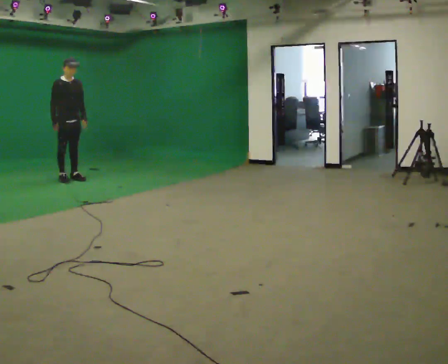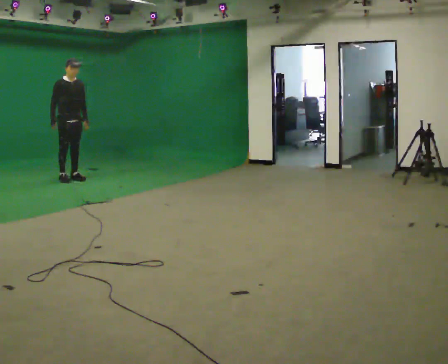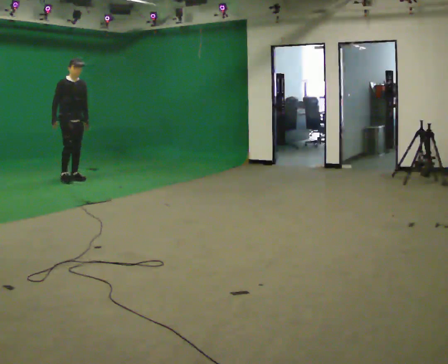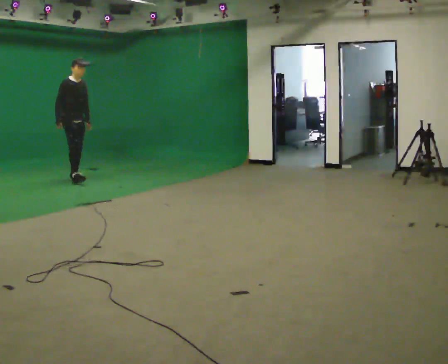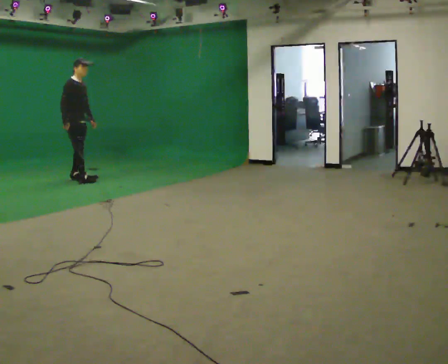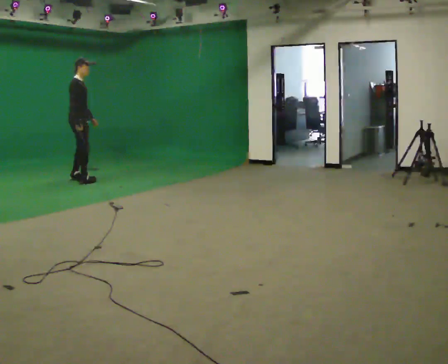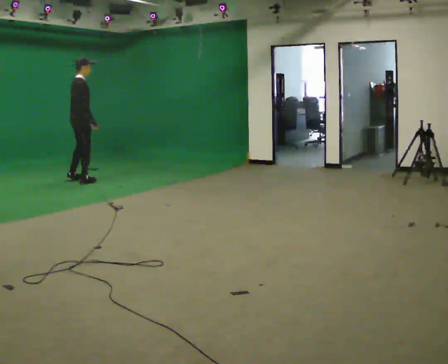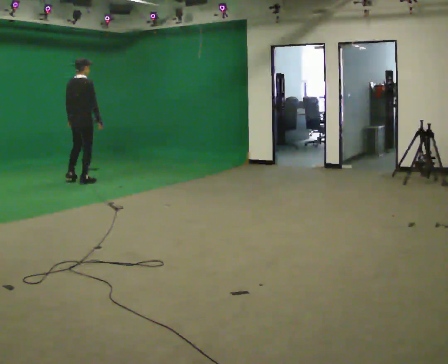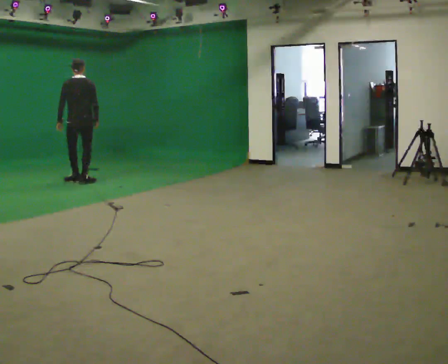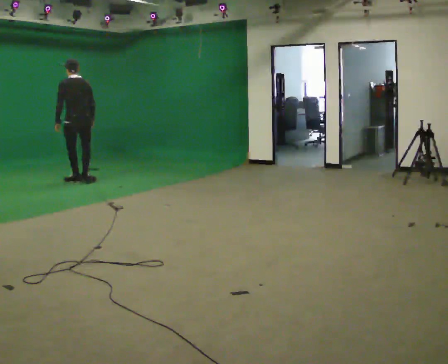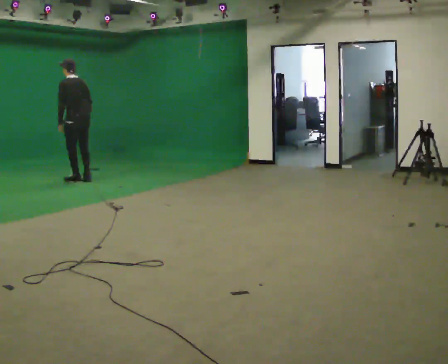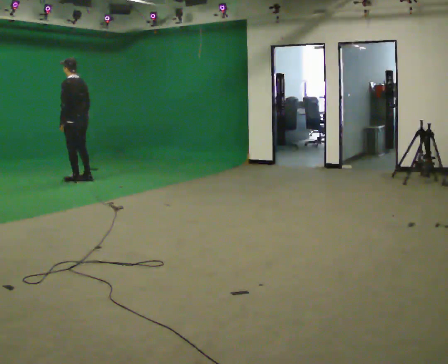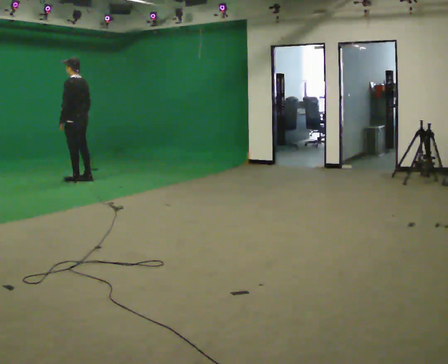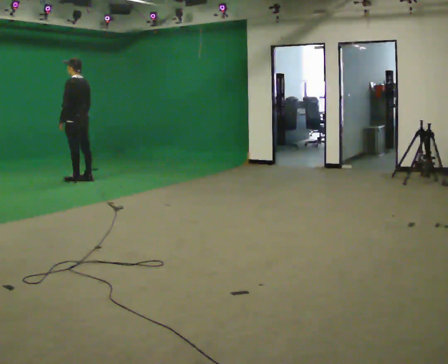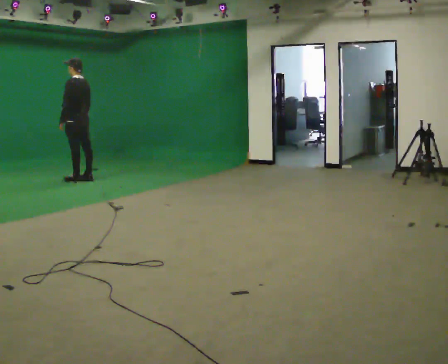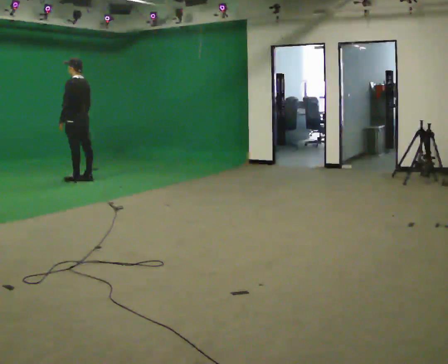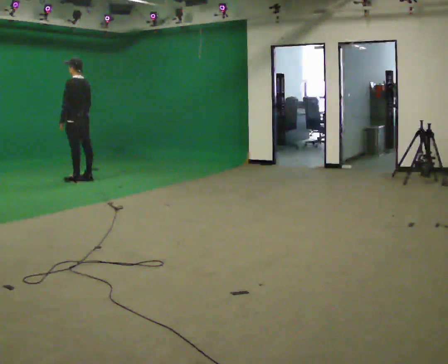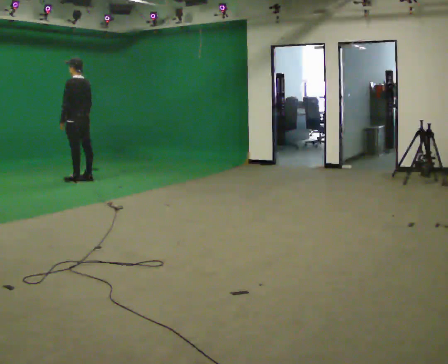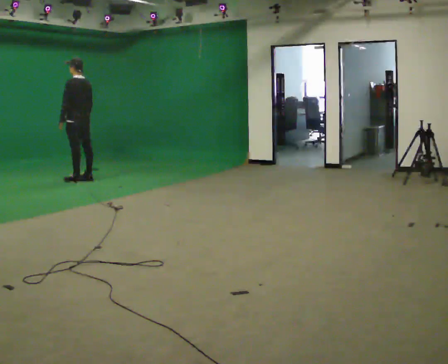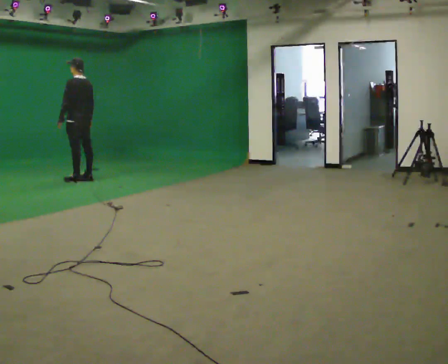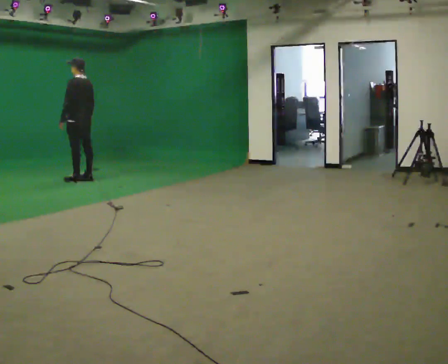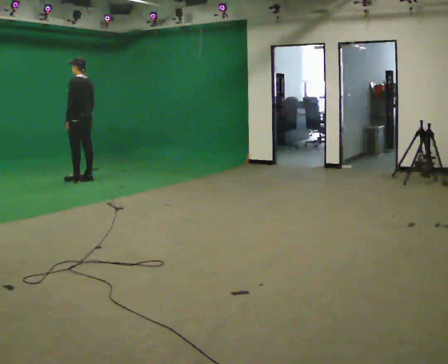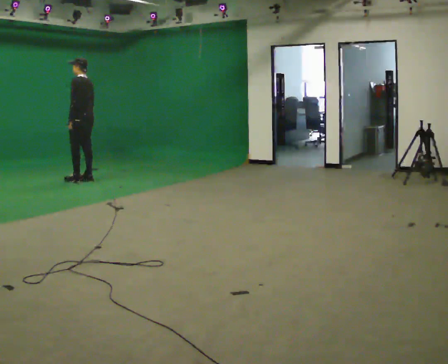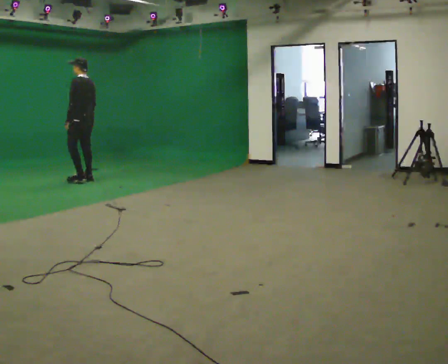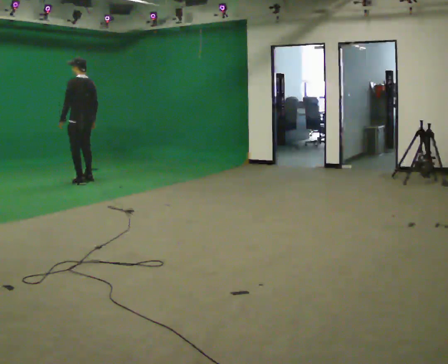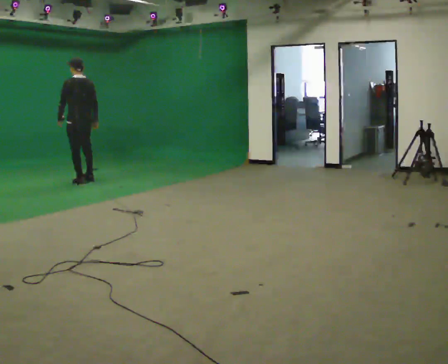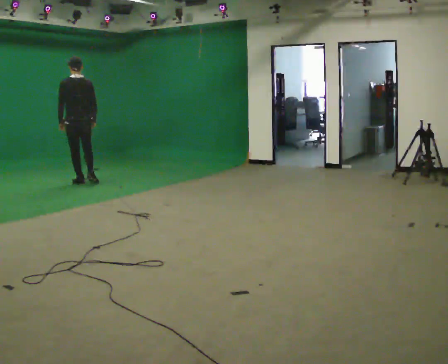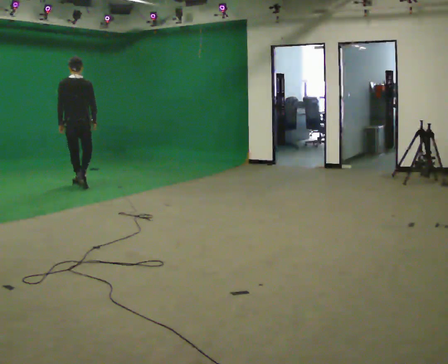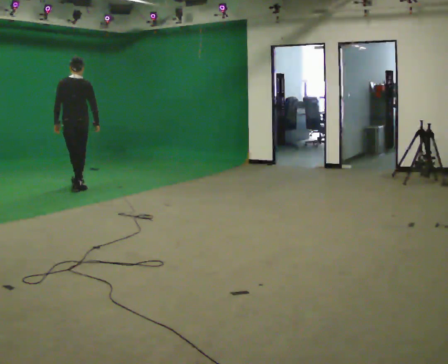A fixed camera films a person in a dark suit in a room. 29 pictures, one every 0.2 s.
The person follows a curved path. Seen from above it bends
clockwise.
0.0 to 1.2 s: Seen from above the body turns counterclockwise, about 60 degrees: to their left, with its near side sliding to the right. In the picture they go toward the camera and to the right, about 0.25 m in 2 steps.
1.2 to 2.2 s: The person turns about 120 degrees to their left, counterclockwise seen from above, so the part of the body nearest the lens slides to the right. In the picture the upper body tilts counterclockwise, shoulders to the left. In the picture their left hand goes to the left.
2.2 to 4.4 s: The person moves a little, or ends about where they began.
4.4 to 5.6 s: Seen from above the body turns clockwise, about 60 degrees: to their right, with its near side sliding to the left. In the picture they go toward the camera, about 0.5 m in 3 steps, which for them is backward and to their left.
The film runs backward here.
